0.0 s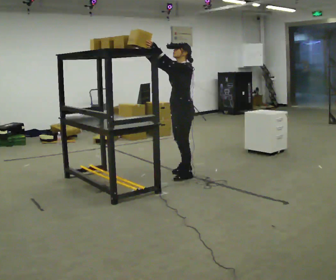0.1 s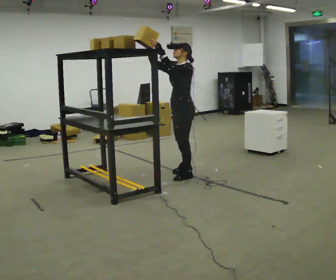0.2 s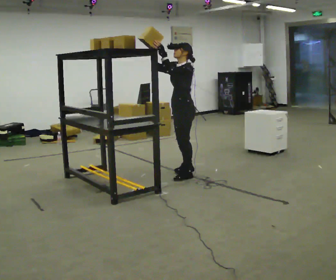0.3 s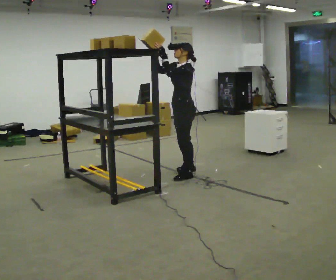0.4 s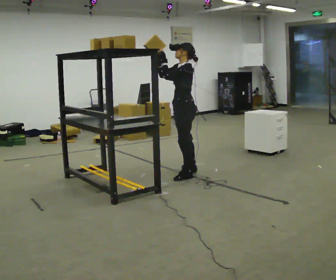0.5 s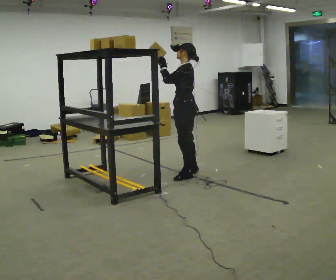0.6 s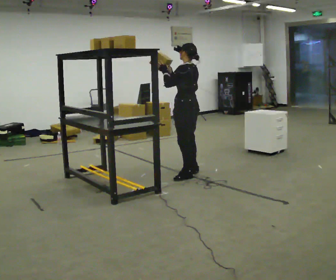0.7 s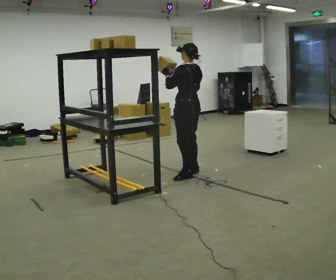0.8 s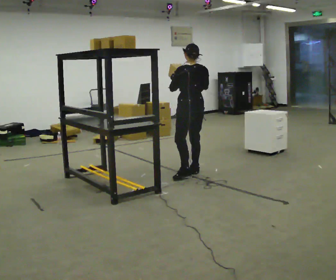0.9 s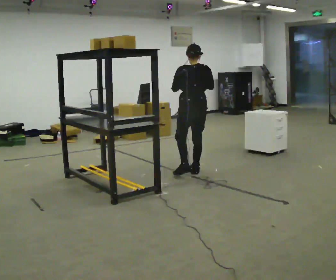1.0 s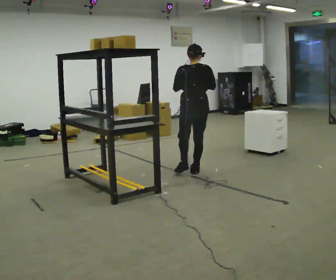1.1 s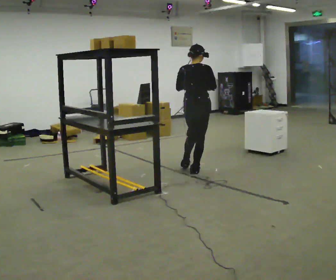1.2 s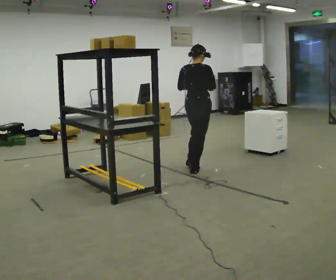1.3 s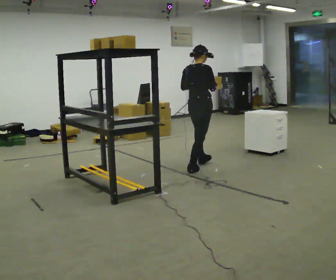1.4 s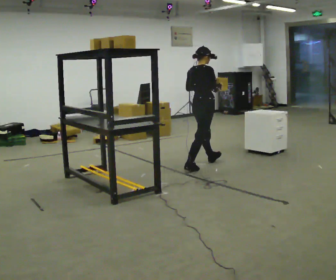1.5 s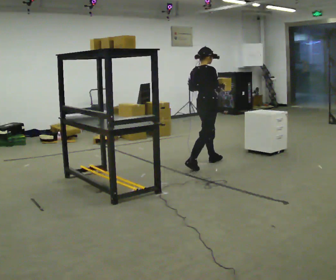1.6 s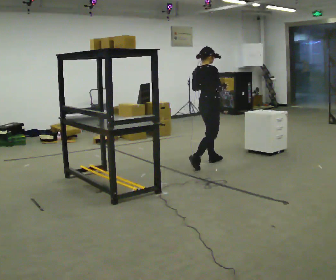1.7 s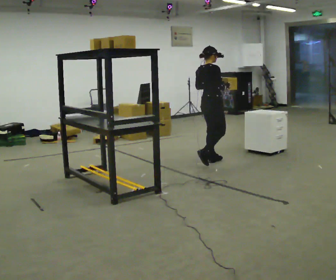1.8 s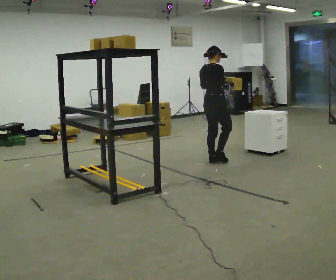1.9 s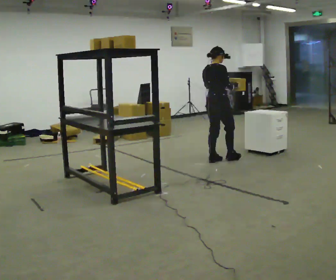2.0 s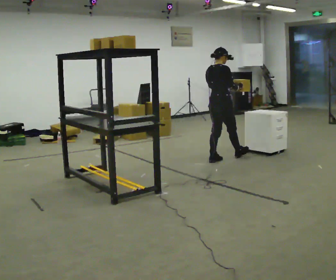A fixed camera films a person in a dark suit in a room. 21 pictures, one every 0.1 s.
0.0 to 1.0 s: The part of the body nearest the lens slides to the left as the person turns to their right by about 120 degrees. In the picture they go away from the camera, about 0.25 m. In the picture their right hand goes to the right and downward.
1.0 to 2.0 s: The part of the body nearest the lens slides to the left as the person turns to their right by about 60 degrees. In the picture they go away from the camera and to the right, about 0.5 m in 1 step, which for them is forward and to their left.
The film runs forward here.
